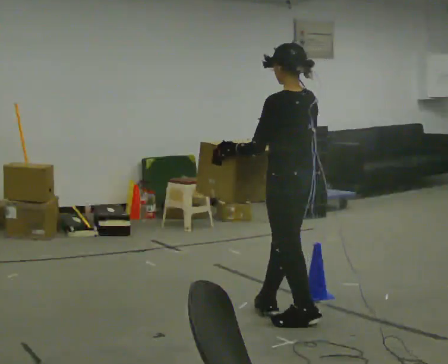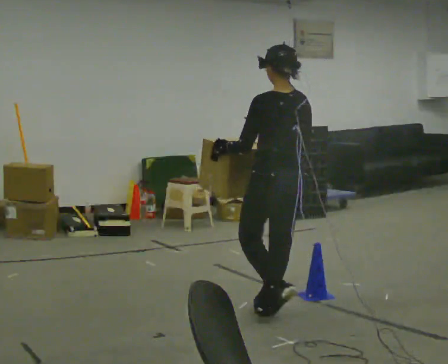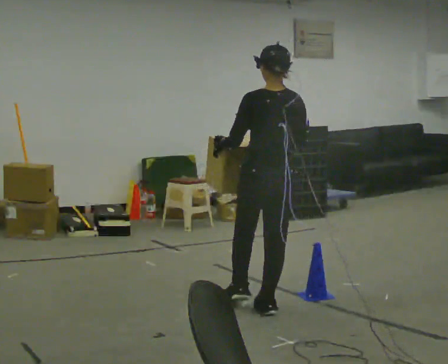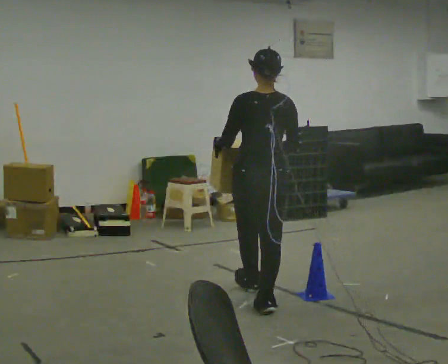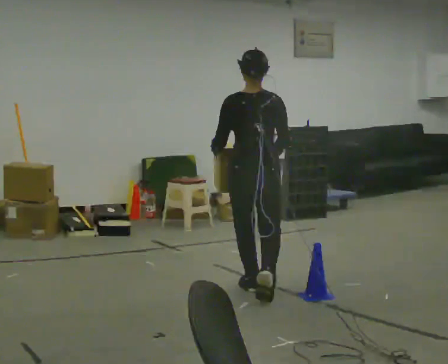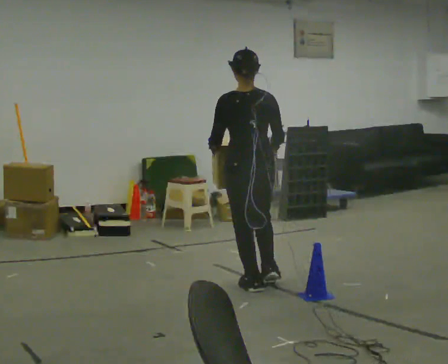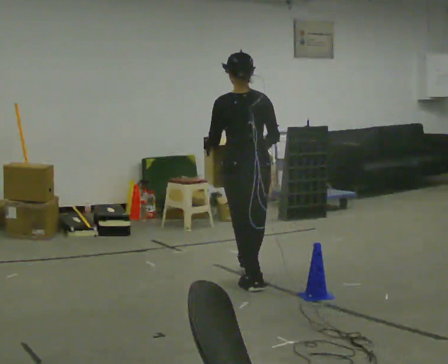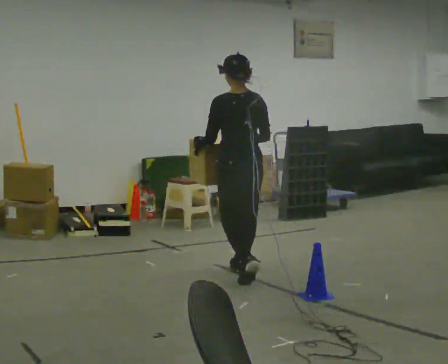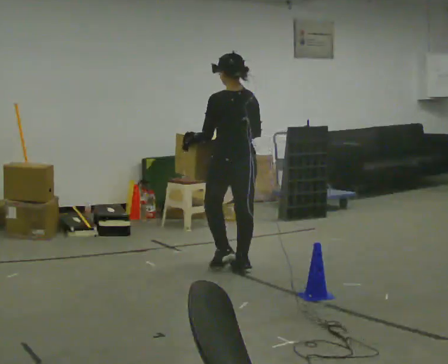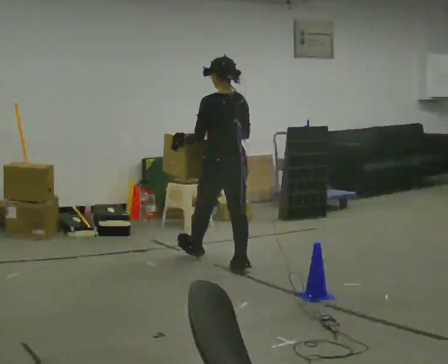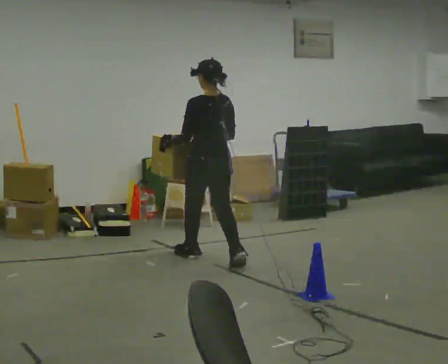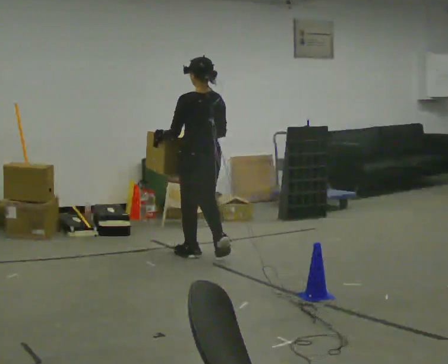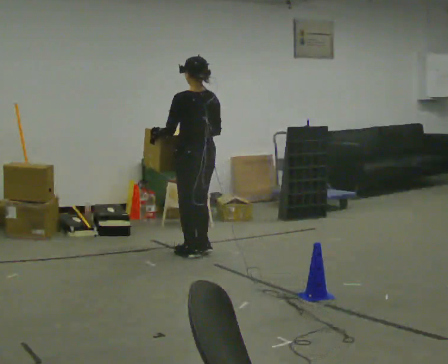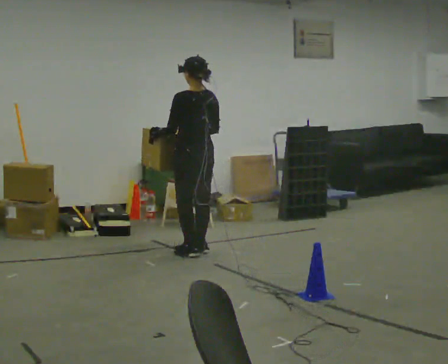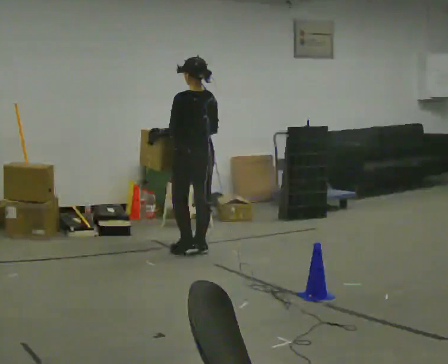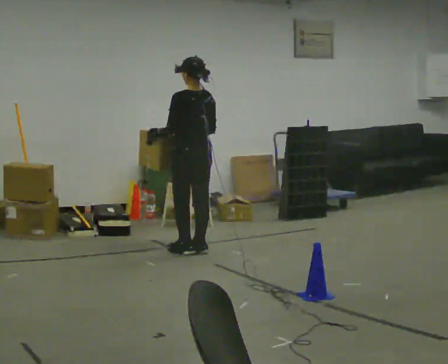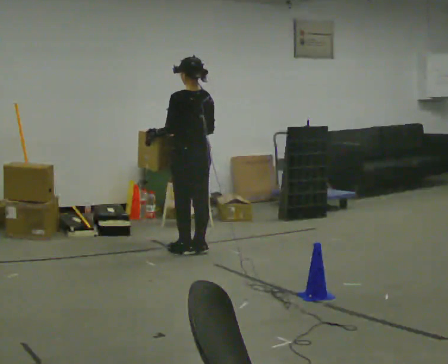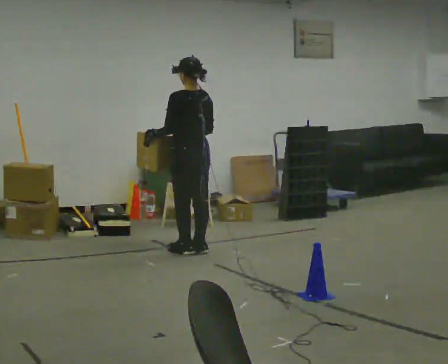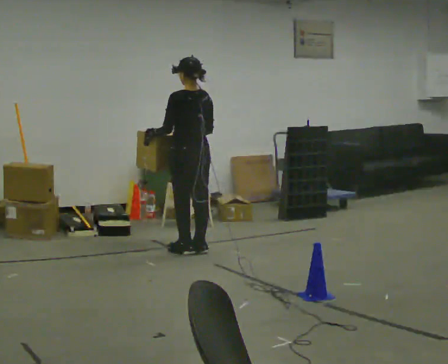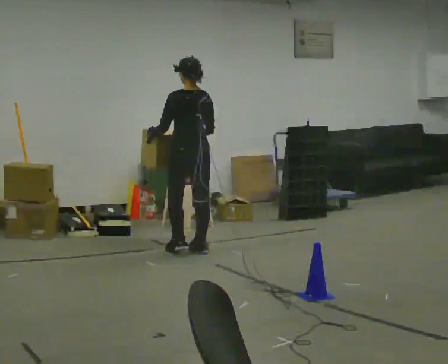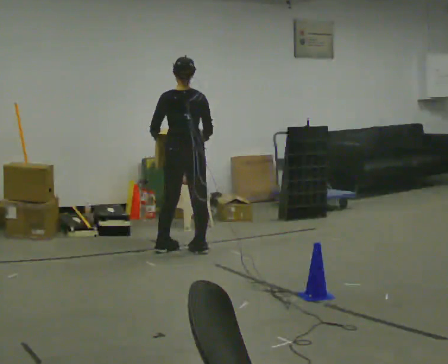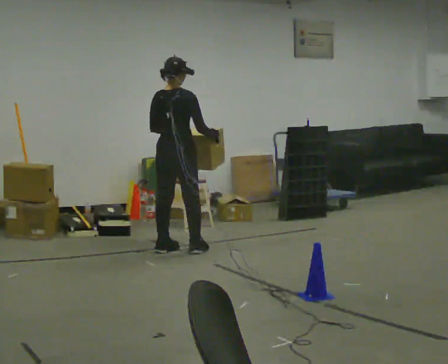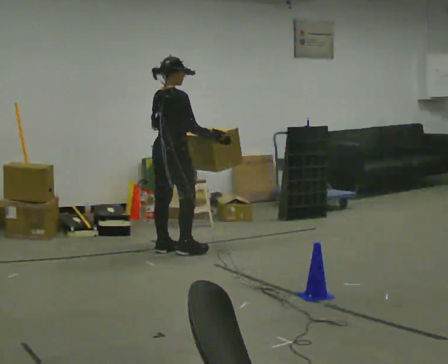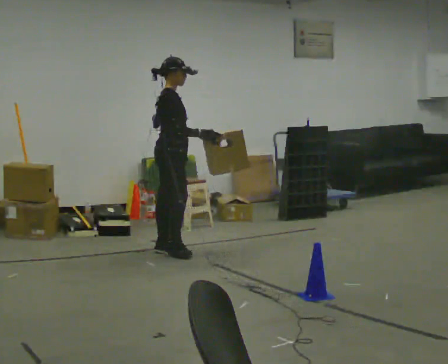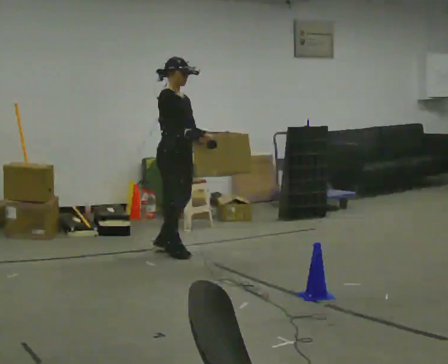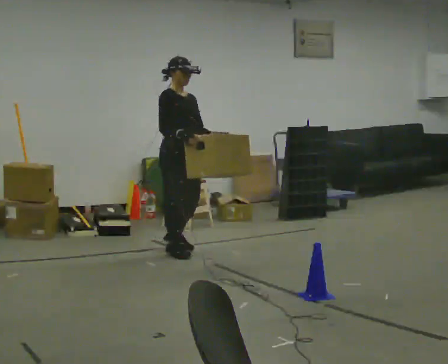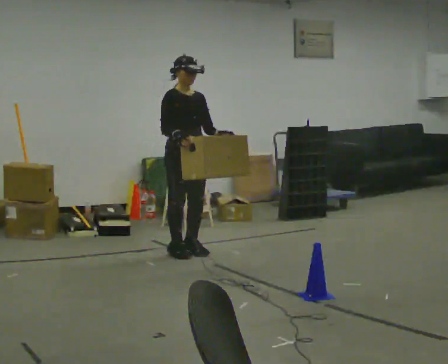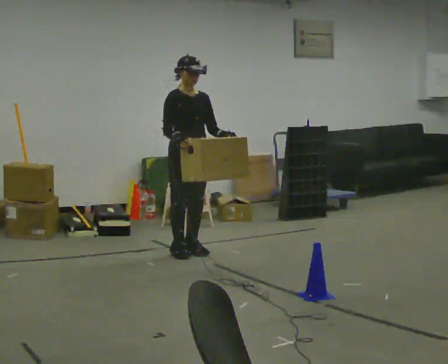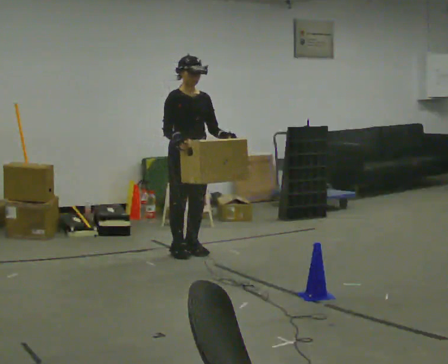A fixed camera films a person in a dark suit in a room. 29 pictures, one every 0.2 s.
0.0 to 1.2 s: Seen from above the body turns clockwise, about 30 degrees: to their right, with its near side sliding to the left. In the picture they go away from the camera, about 1 m in 2 steps, which for them is forward.
1.2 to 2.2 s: In the picture they go away from the camera, about 1 m in 2 steps, which for them is forward.
2.2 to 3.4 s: In the picture they go away from the camera, about 0.25 m in 1 step, which for them is forward.
3.4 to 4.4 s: The part of the body nearest the lens slides to the left as the person turns to their right by about 90 degrees. In the picture they go to the left, about 0.25 m in 1 step.
4.4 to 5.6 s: The person turns about 105 degrees to their right, clockwise seen from above, so the part of the body nearest the lens slides to the left.
The film runs forward here.
